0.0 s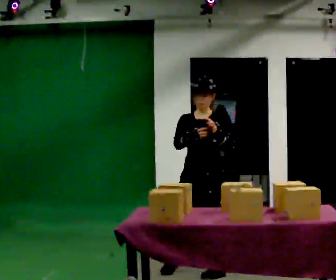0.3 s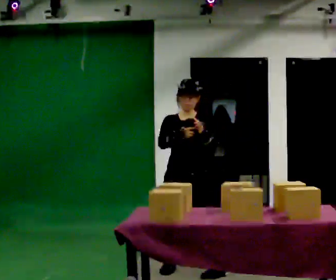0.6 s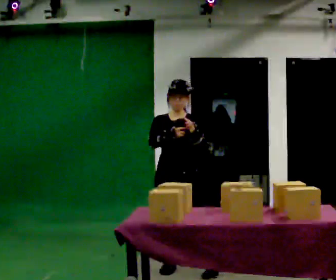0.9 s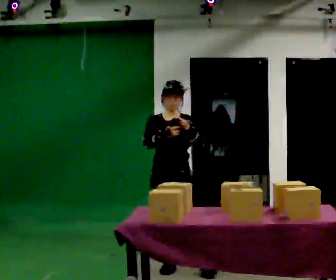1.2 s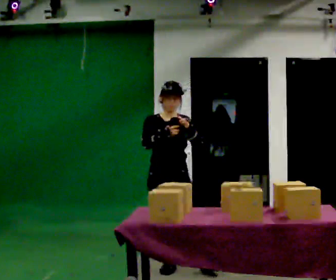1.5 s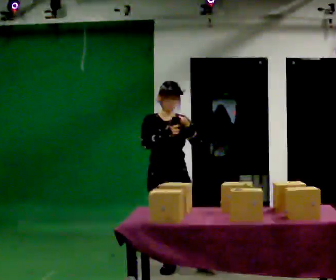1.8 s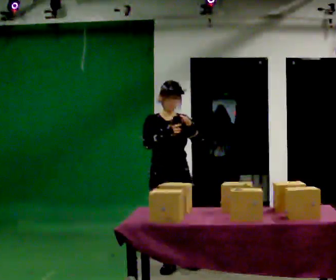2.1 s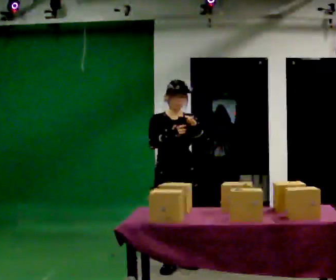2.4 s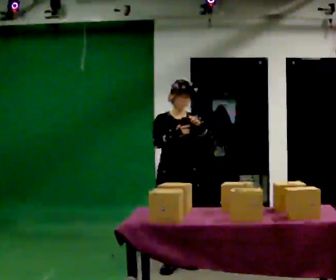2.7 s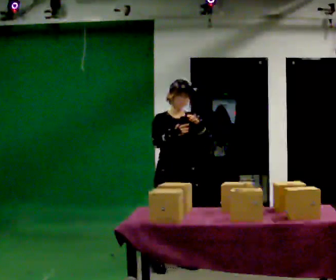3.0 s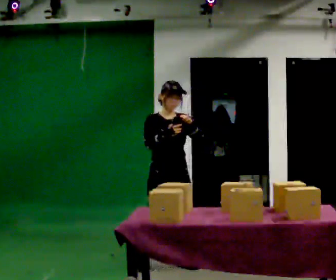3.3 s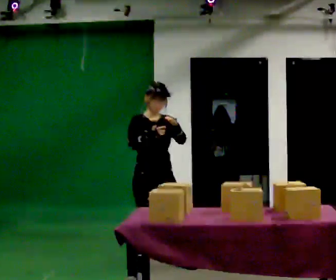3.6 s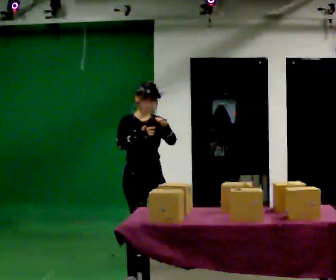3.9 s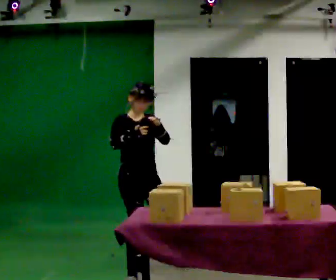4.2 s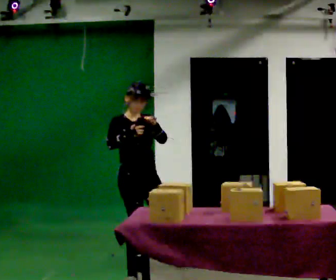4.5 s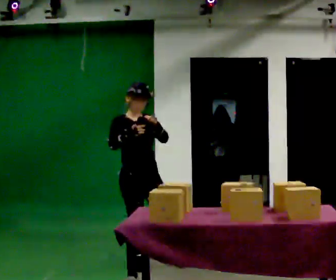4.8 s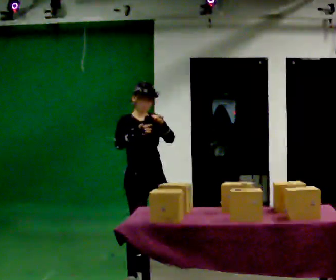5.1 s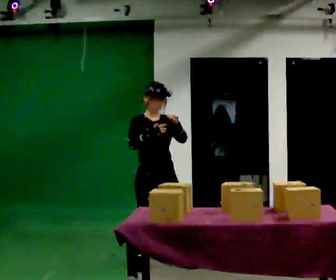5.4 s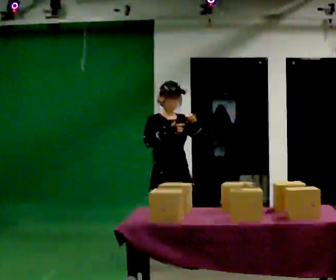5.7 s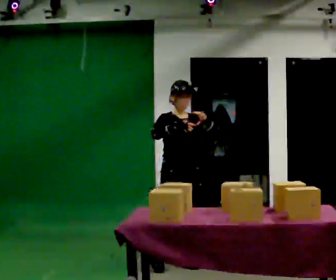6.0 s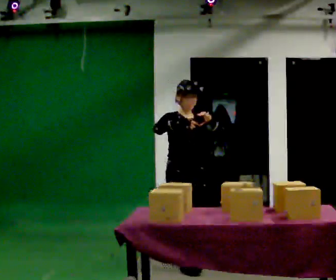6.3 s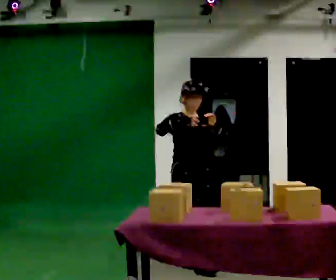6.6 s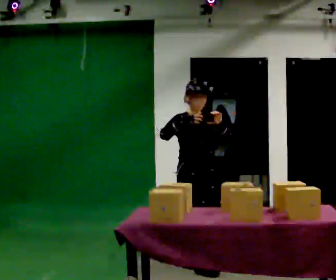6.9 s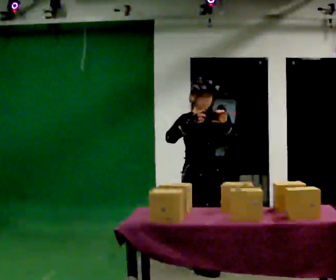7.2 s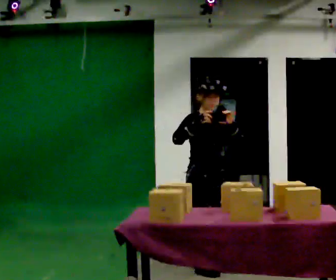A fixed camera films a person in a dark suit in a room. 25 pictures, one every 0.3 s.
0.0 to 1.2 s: Seen from above the body turns counterclockwise, about 45 degrees: to their left, with its near side sliding to the right. In the picture they go to the left and away from the camera, about 0.25 m in 2 steps, which for them is to their right.
1.2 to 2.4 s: The person moves a little, or ends about where they began.
2.4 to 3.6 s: In the picture they go to the left, about 0.25 m in 1 step, which for them is to their right.
3.6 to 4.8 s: The person moves a little, or ends about where they began.
4.8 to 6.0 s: In the picture they go to the right, about 0.25 m, which for them is to their left and forward.
6.0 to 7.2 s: In the picture they go toward the camera, about 0.25 m in 1 step, which for them is forward.
The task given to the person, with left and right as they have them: Carry the handheld device and, while walking, point it at the labels on the shelves and press the button as if scanning them.
The film runs forward here.
